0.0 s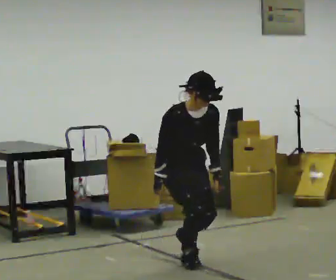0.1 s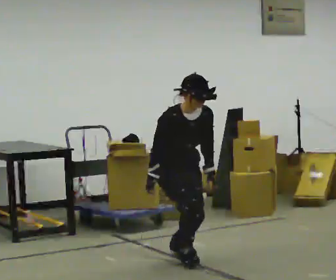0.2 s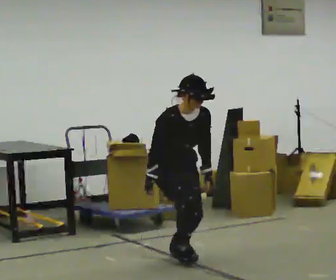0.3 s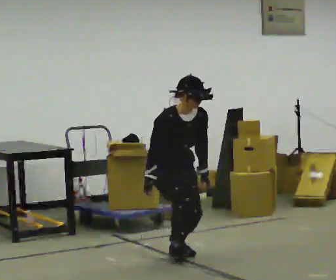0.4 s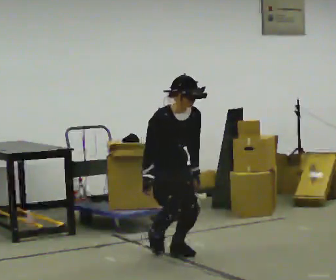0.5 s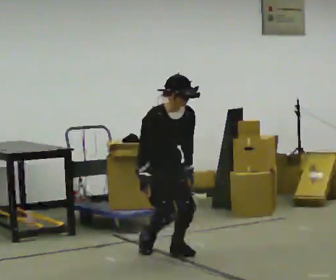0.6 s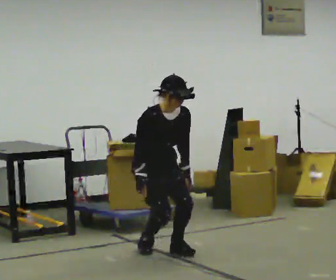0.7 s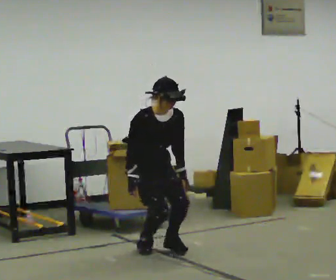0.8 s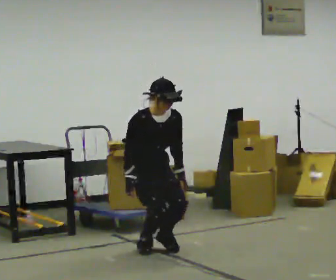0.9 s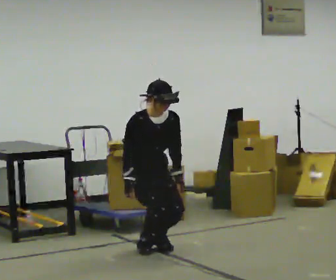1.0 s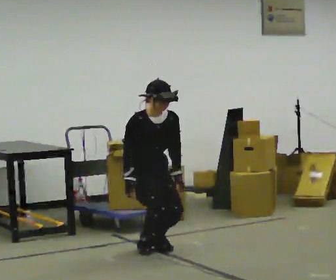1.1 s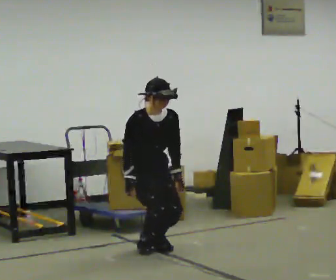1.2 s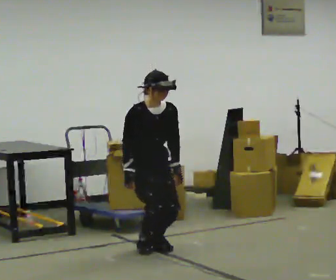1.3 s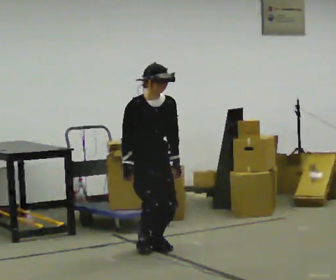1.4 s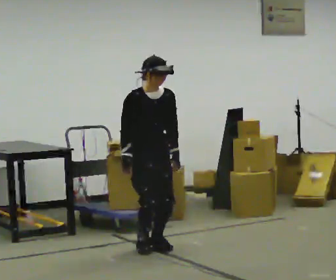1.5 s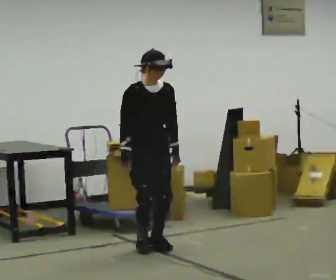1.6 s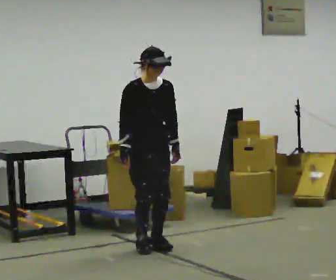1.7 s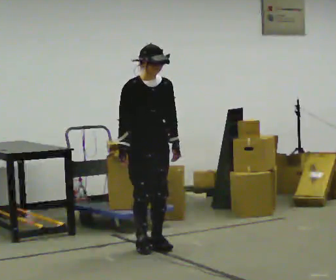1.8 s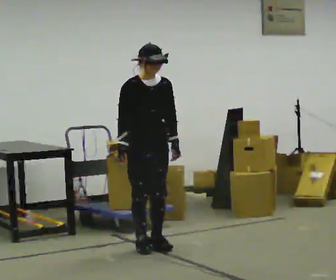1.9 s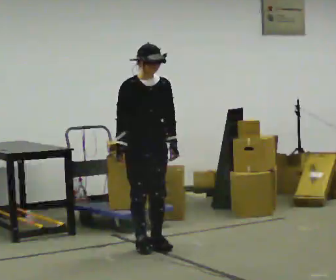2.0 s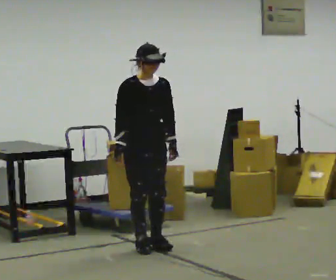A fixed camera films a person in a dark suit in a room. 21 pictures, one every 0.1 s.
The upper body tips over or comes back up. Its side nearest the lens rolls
upward.
0.0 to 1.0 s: In the picture they go away from the camera and to the left, about 0.5 m in 2 steps, which for them is backward.
1.0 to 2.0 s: The shoulders move upward. The upper body tips away from the camera, its near side rolling upward, as they lean back or straighten.
The film runs backward here.
